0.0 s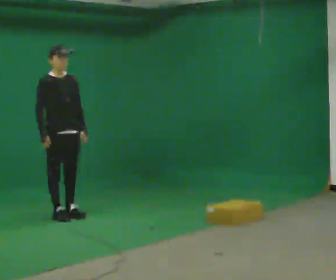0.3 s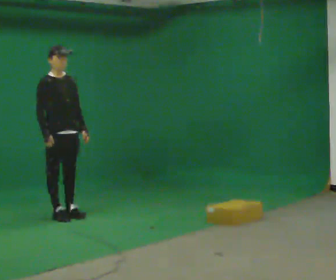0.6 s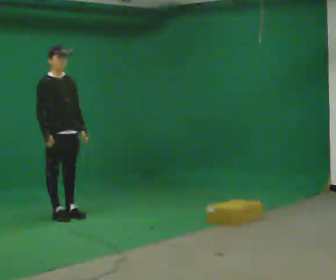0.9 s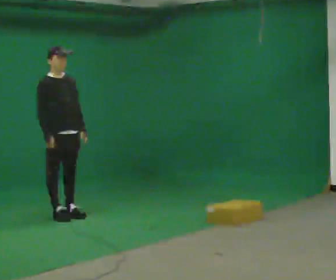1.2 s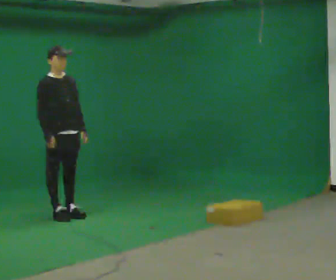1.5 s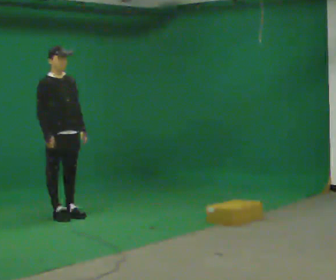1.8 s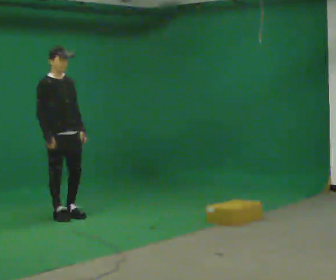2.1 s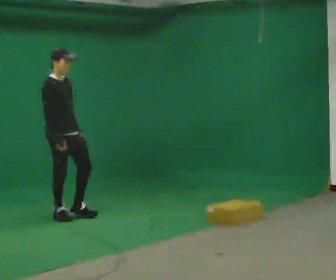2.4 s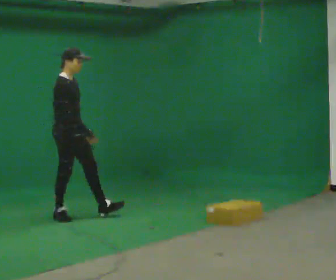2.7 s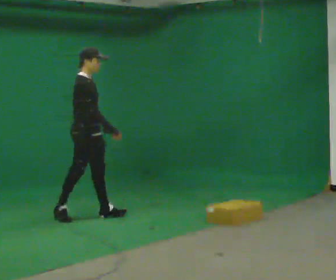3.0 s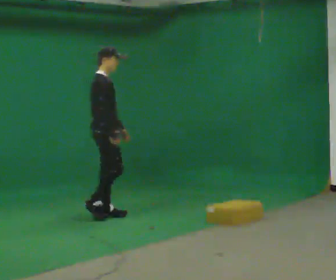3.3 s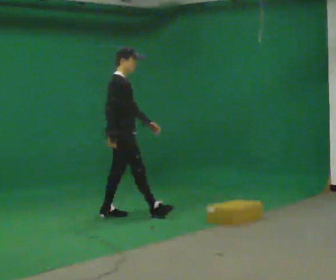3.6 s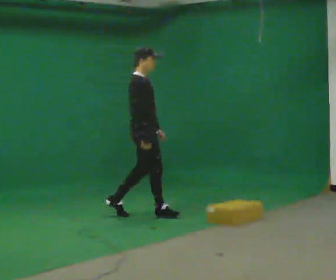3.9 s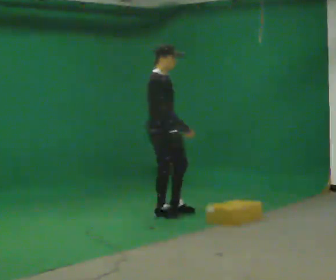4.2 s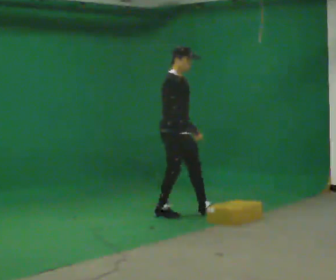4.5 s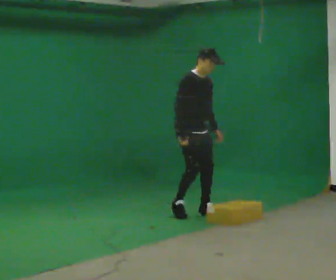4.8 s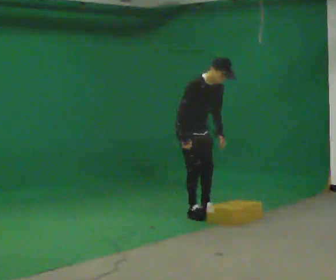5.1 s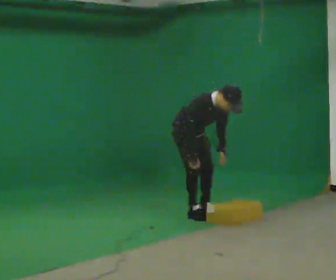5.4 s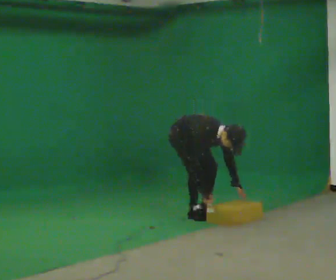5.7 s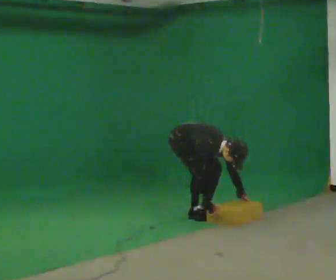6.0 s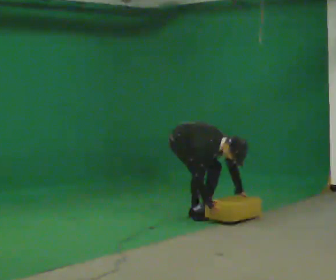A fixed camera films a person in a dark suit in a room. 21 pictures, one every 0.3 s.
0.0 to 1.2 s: The person moves a little, or ends about where they began.
1.2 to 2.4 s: The person turns about 30 degrees to their left, counterclockwise seen from above, so the part of the body nearest the lens slides to the right.
2.4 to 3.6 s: In the picture they go to the right, about 1 m in 1 step, which for them is forward.
3.6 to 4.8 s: Seen from above the body turns clockwise, about 45 degrees: to their right, with its near side sliding to the left. In the picture they go to the right, about 0.5 m in 2 steps, which for them is forward and to their left. In the picture the upper body tilts clockwise, shoulders to the right, as they bend forward.
4.8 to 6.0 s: The shoulders move downward. In the picture the upper body tilts clockwise, shoulders to the right, as they bend forward. In the picture their right hand goes downward.
The film runs forward here.
